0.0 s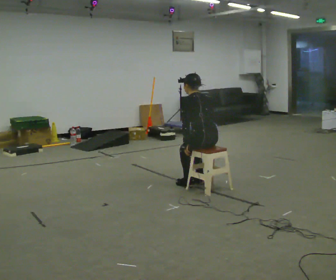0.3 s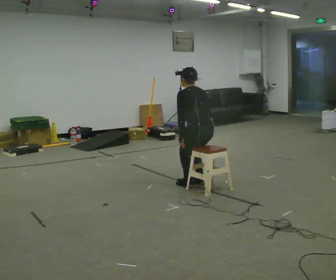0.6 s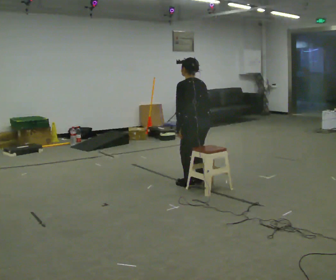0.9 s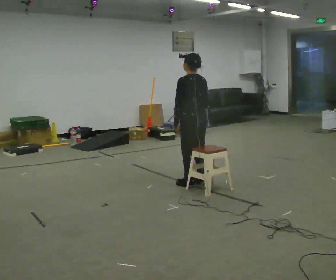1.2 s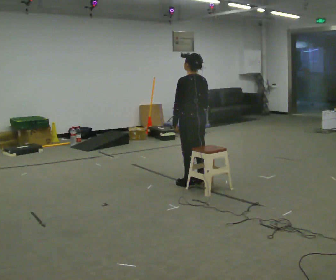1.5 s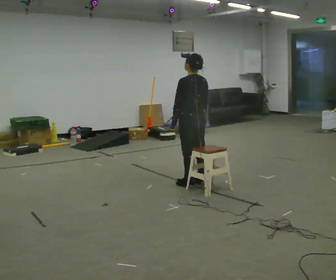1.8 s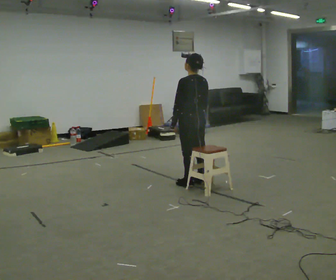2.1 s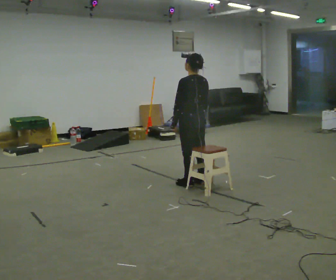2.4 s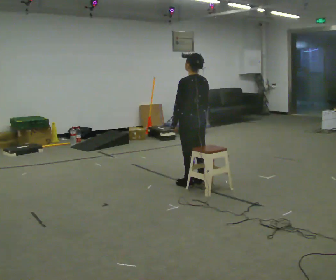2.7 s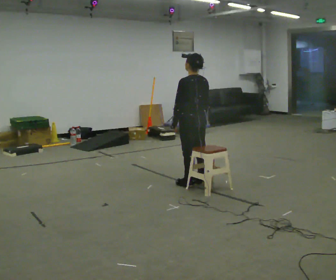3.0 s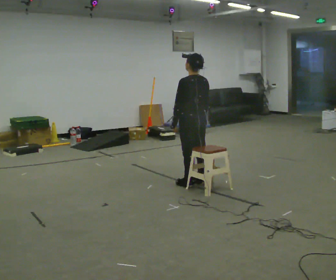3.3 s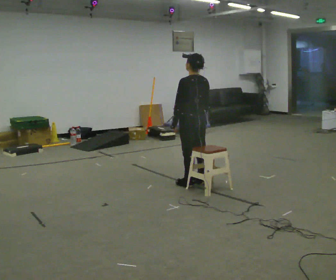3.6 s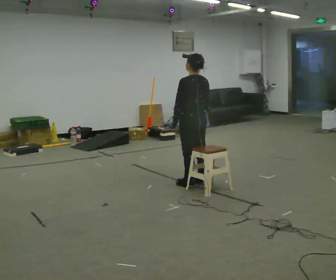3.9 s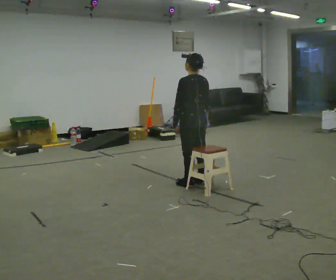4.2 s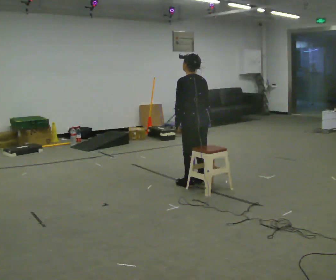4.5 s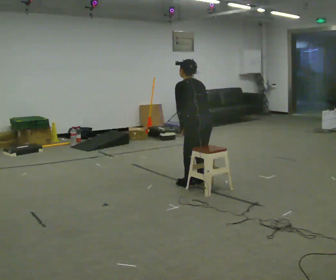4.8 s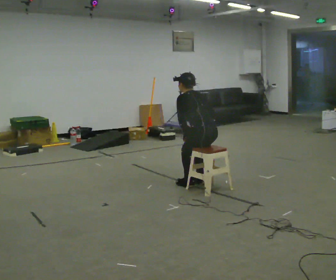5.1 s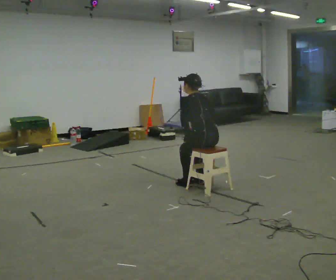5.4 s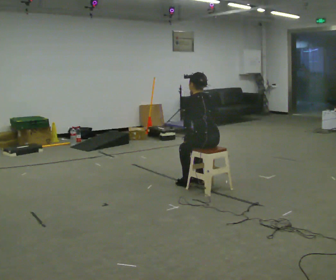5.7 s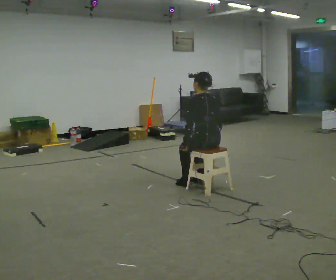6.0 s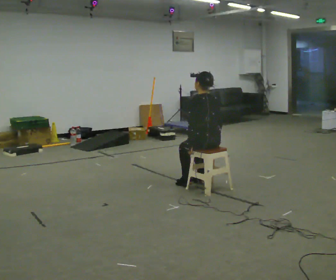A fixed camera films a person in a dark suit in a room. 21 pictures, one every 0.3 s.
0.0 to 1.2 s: In the picture they go away from the camera, about 0.25 m, which for them is forward. The shoulders move upward. The upper body tips toward the camera, its near side rolling downward, as they lean back or straighten.
1.2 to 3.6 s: The person keeps their place and pose.
3.6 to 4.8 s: In the picture they go toward the camera, about 0.25 m, which for them is backward. The upper body goes downward. The upper body tips away from the camera, its near side rolling upward, as they bend forward.
4.8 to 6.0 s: The upper body tips toward the camera, its near side rolling downward, as they lean back or straighten.
The film runs forward here.
